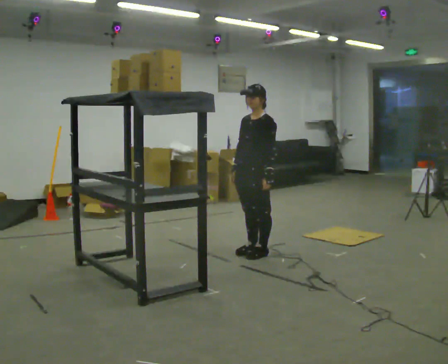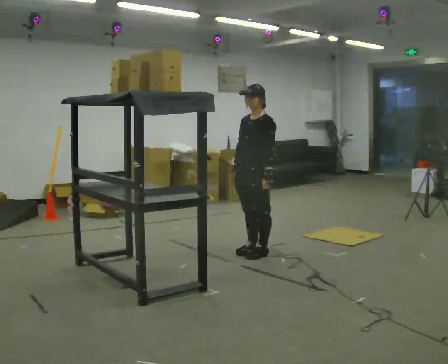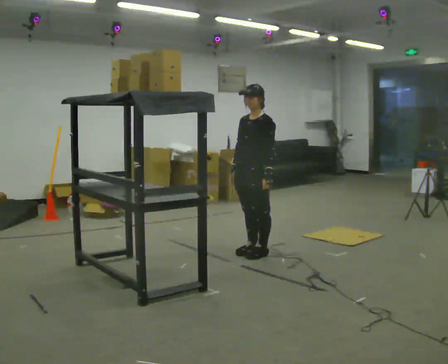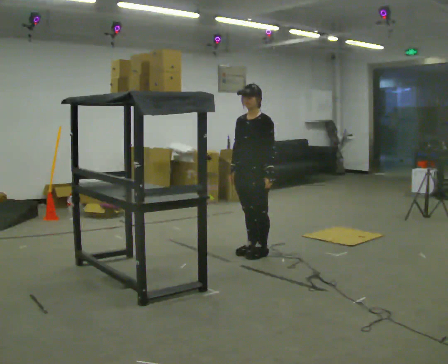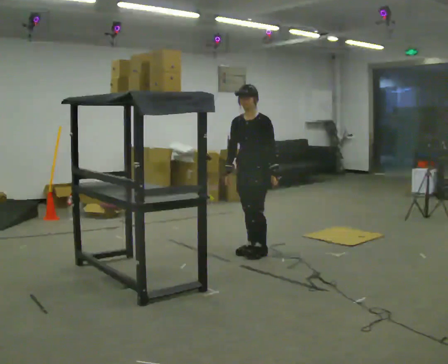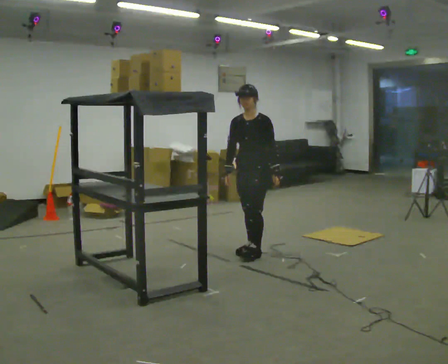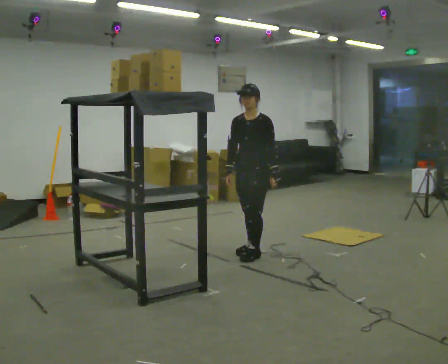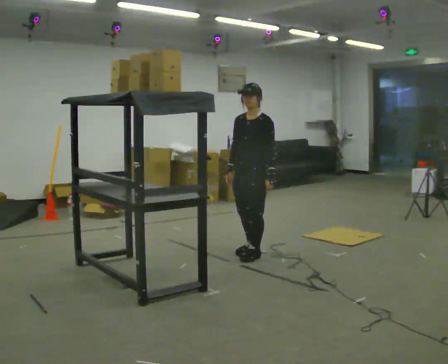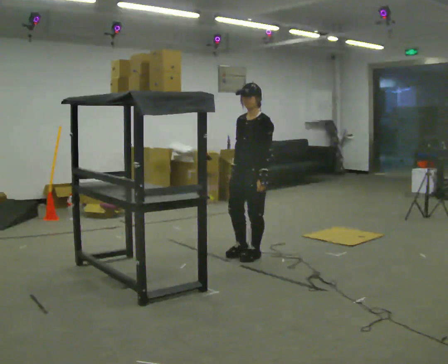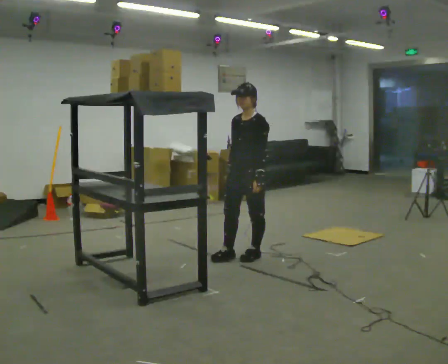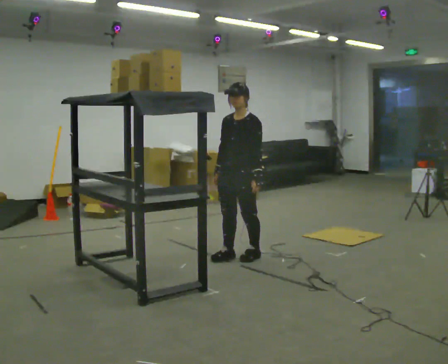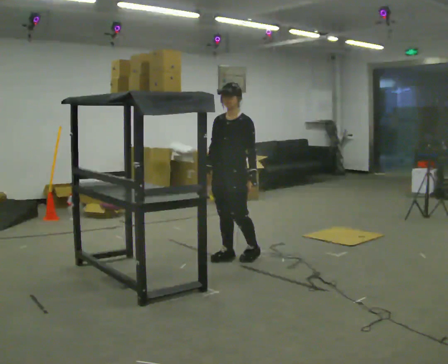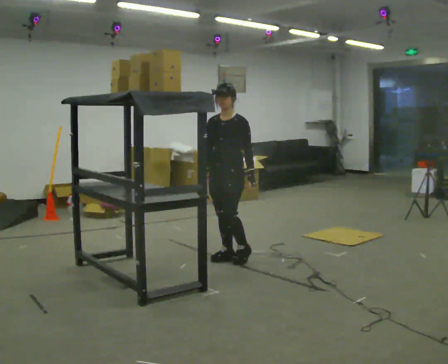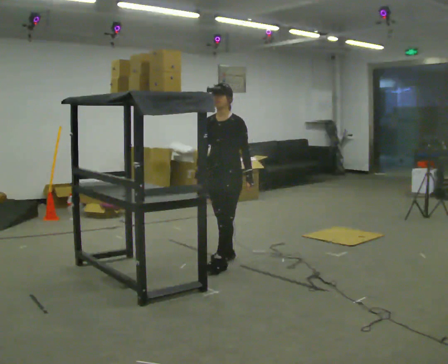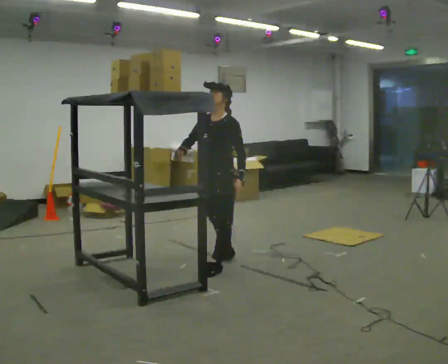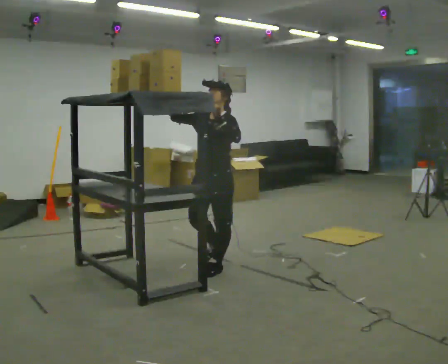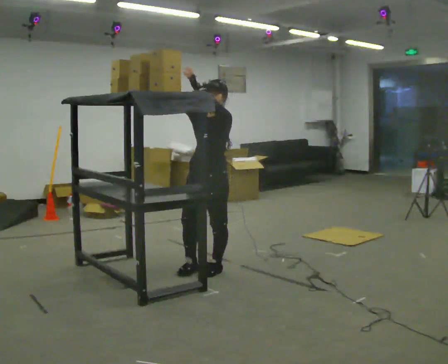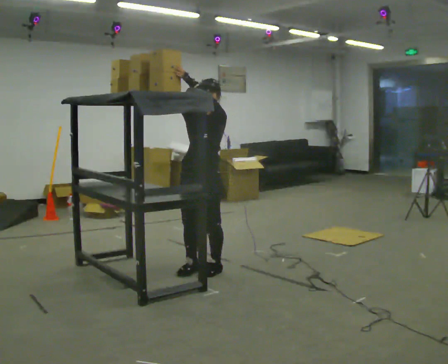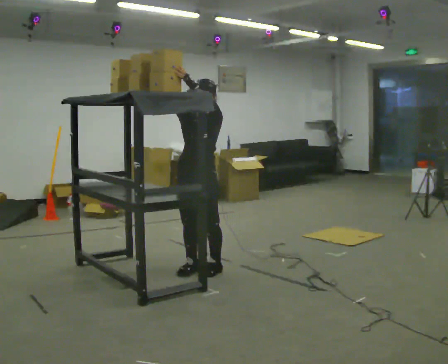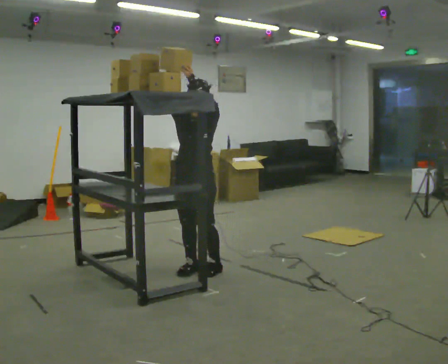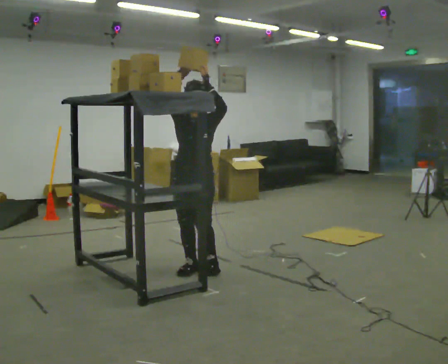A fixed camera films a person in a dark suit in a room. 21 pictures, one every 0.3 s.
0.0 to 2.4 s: The person moves a little, or ends about where they began.
2.4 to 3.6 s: In the picture they go to the left, about 0.25 m in 1 step, which for them is forward and to their right.
3.6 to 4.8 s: In the picture they go toward the camera and to the left, about 0.5 m in 1 step, which for them is forward and to their left. In the picture their left hand goes upward.
4.8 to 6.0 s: Seen from above the body turns counterclockwise, about 30 degrees: to their left, with its near side sliding to the right.
The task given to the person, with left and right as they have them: Take an object from the highest shelf you can comfortably reach, carry it across, and place it on the lowest shelf. Keep going until the operator says stop; one object at a time, and do not rush between trips.
The film runs forward here.
